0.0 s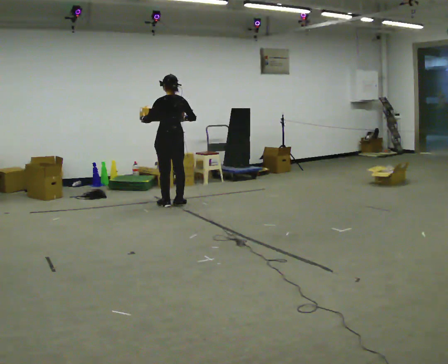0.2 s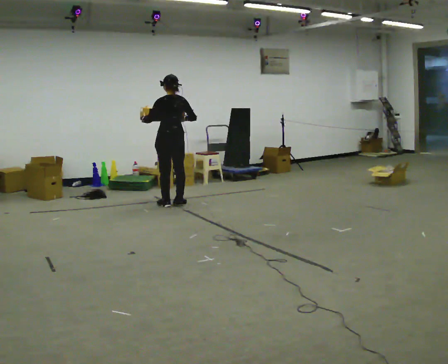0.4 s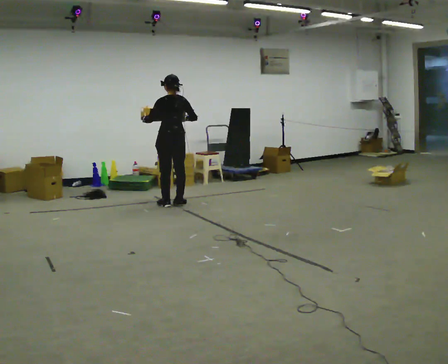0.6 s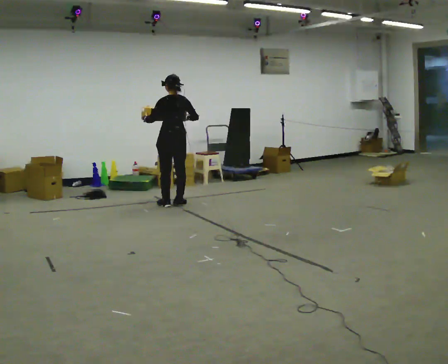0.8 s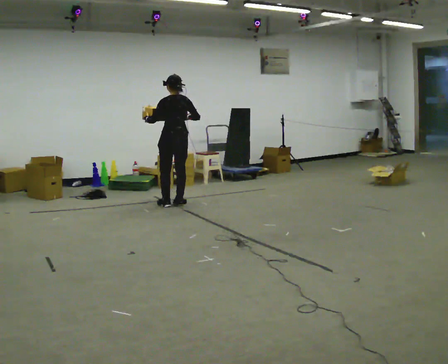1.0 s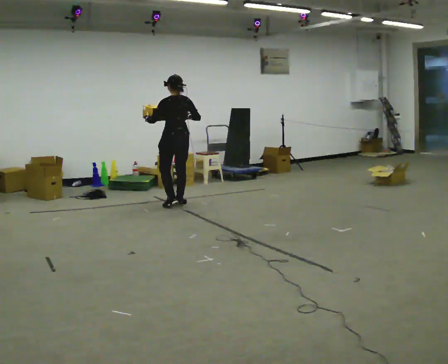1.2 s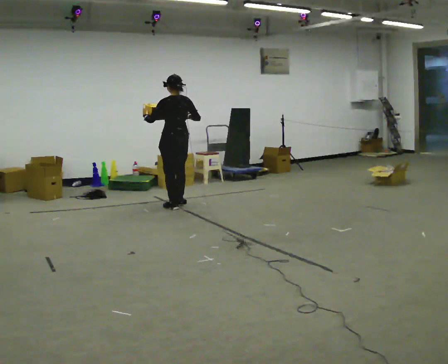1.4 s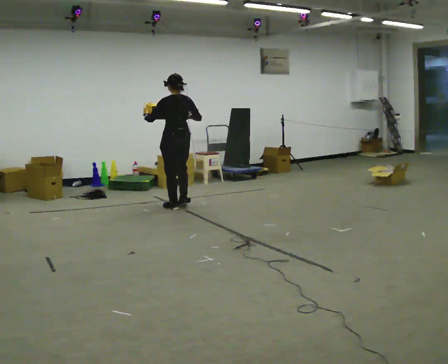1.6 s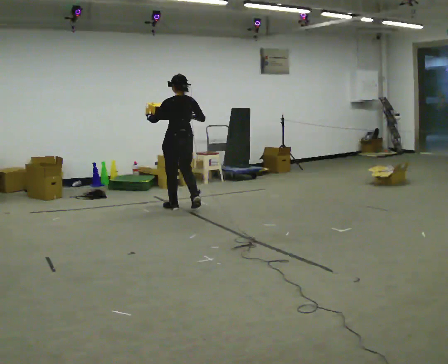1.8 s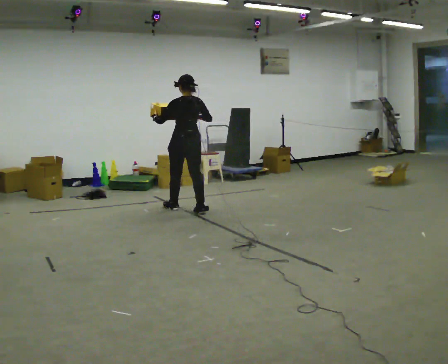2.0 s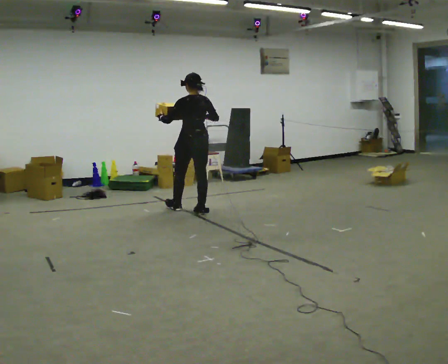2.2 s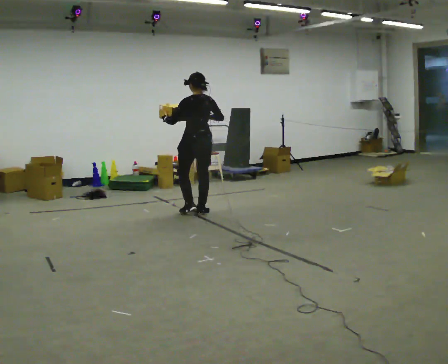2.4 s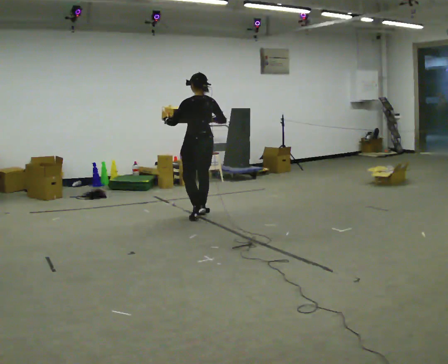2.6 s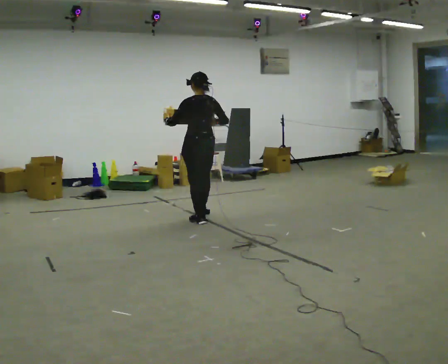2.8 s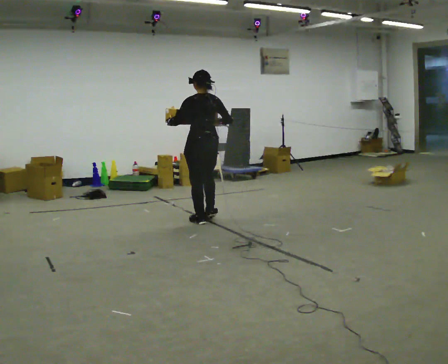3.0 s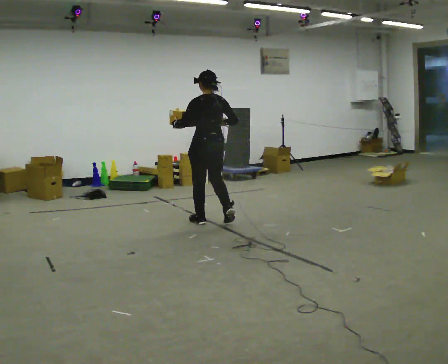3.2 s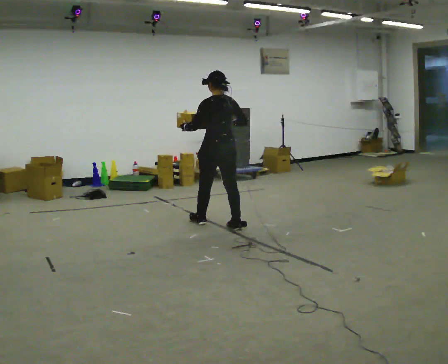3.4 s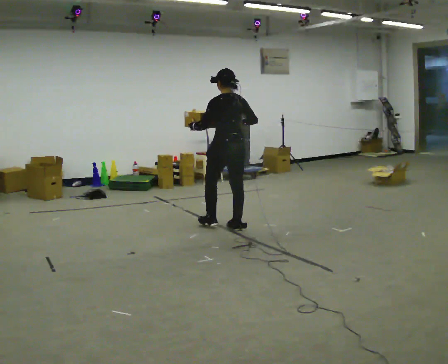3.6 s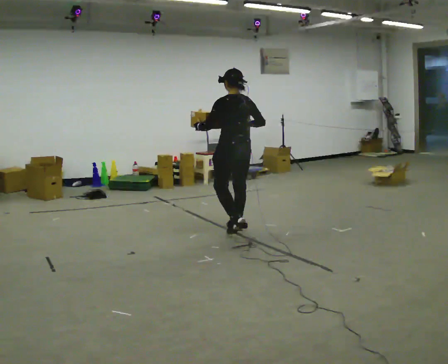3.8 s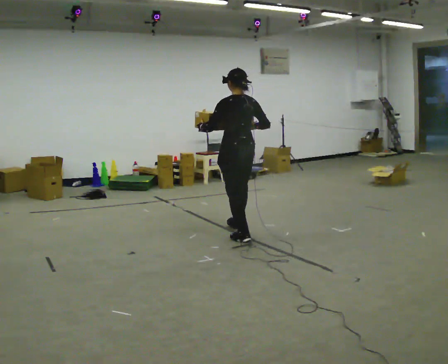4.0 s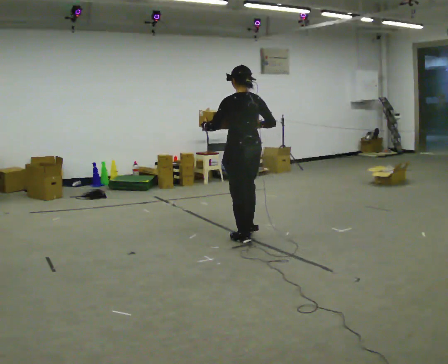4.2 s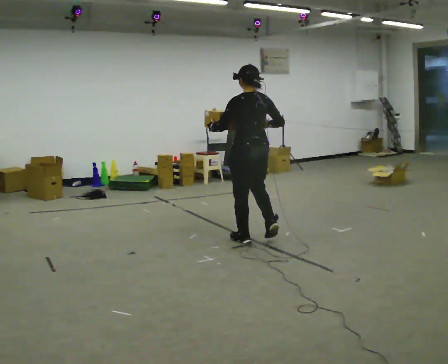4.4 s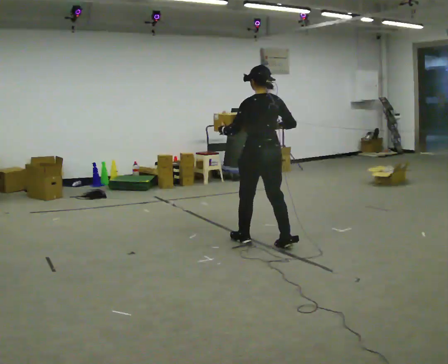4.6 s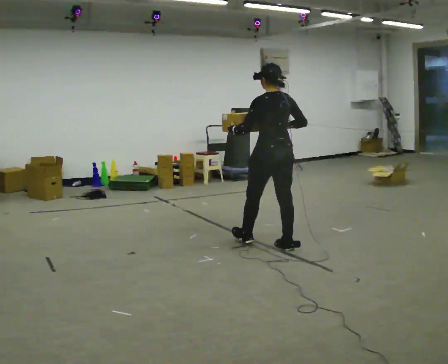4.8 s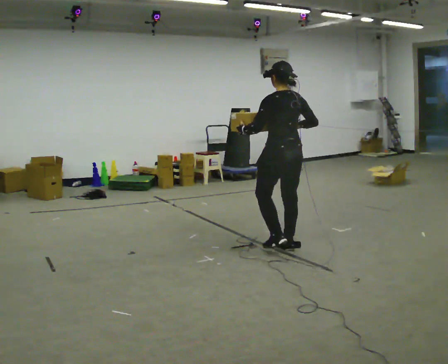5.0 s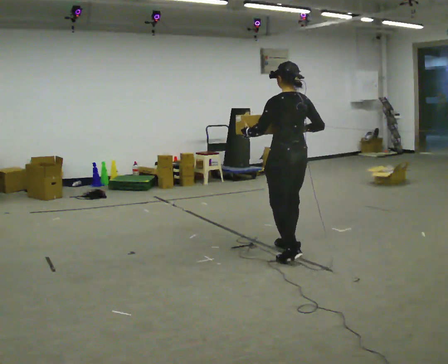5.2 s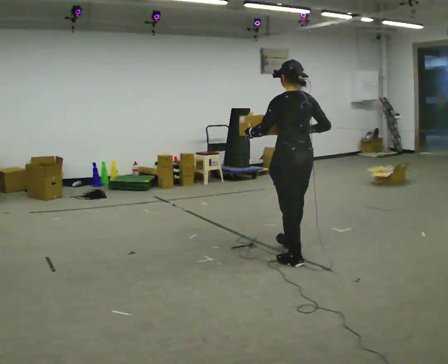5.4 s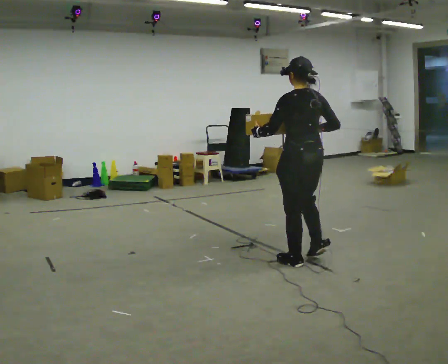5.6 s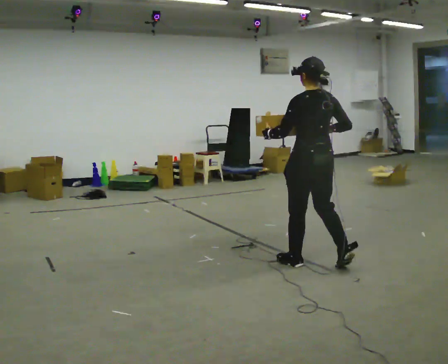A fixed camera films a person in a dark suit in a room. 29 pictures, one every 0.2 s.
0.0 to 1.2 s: The person moves a little, or ends about where they began.
1.2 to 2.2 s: In the picture they go toward the camera and to the right, about 0.5 m in 2 steps, which for them is backward.
2.2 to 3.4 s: In the picture they go toward the camera and to the right, about 0.5 m in 2 steps, which for them is backward.
3.4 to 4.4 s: In the picture they go toward the camera and to the right, about 0.75 m in 1 step, which for them is backward.
4.4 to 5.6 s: In the picture they go toward the camera and to the right, about 0.5 m in 2 steps, which for them is backward.
The film runs backward here.
